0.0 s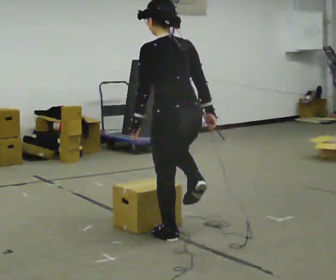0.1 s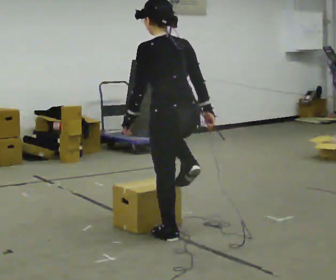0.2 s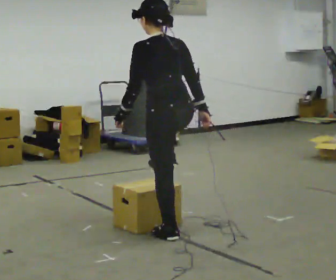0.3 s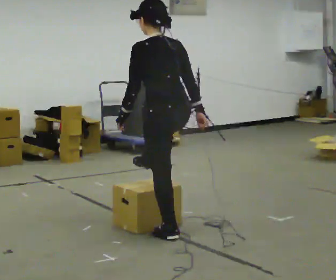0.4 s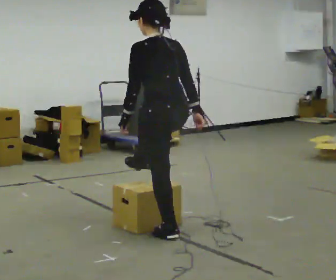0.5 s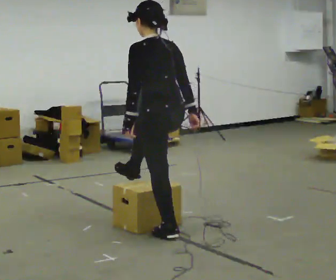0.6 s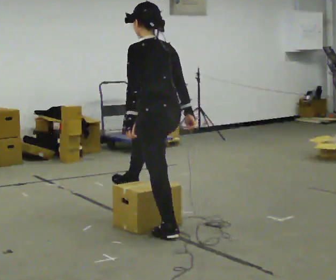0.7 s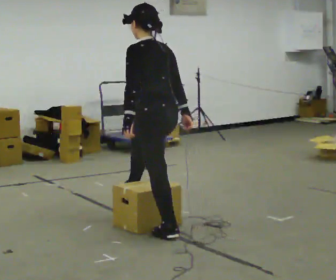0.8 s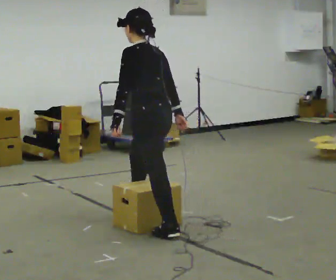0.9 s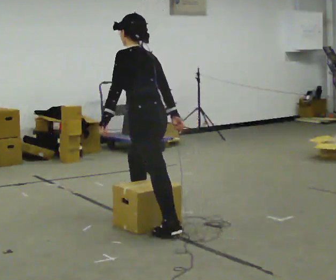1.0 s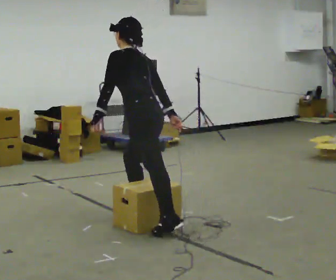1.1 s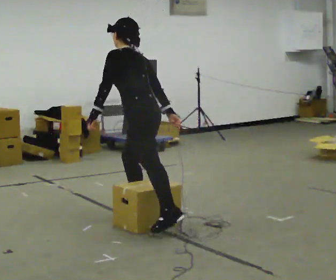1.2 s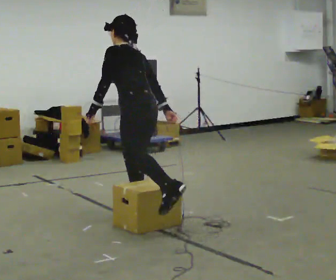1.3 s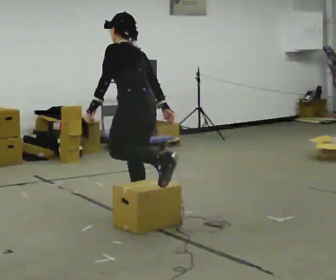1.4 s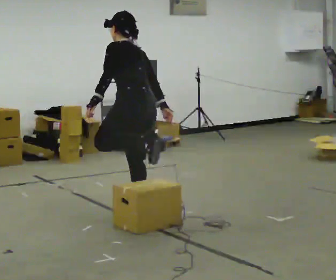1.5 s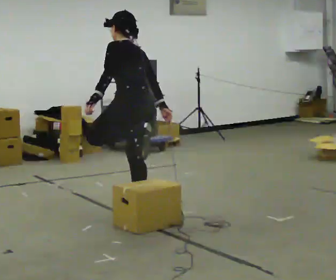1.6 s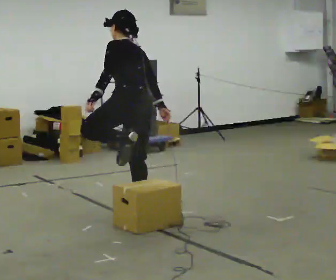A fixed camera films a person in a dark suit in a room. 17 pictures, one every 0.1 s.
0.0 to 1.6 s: In the picture they go away from the camera and to the left, about 0.75 m in 1 step, which for them is forward and to their right. The upper body tips away from the camera, its near side rolling upward.
The film runs forward here.
